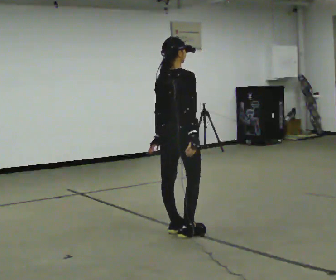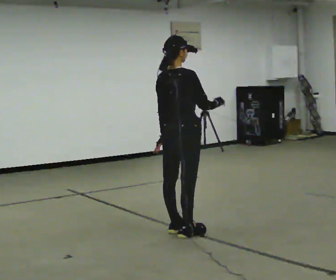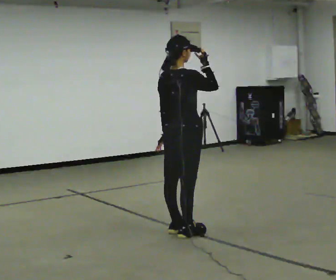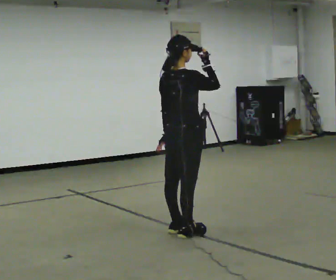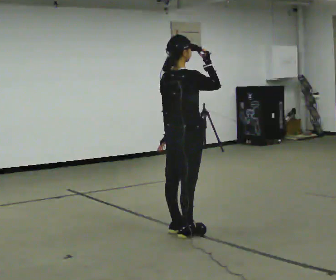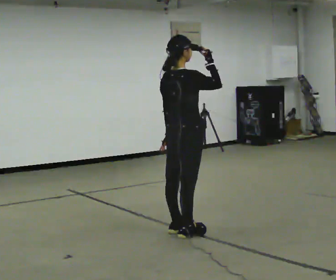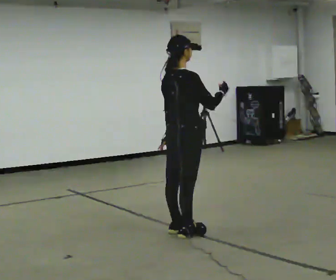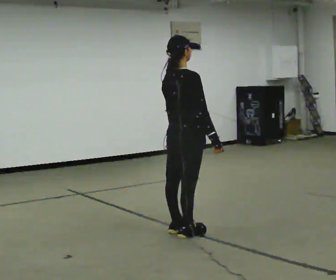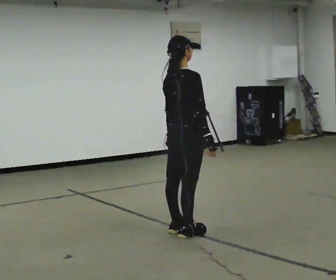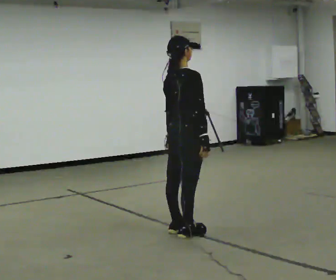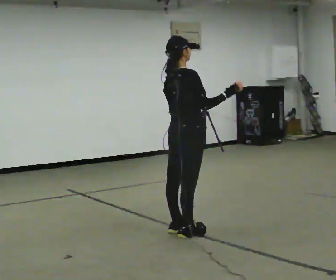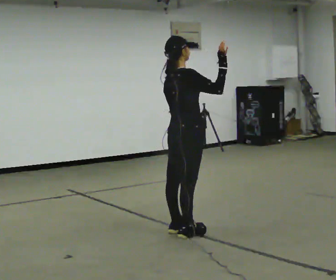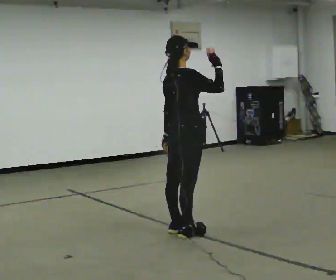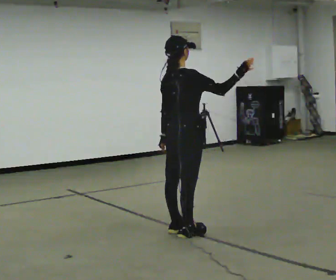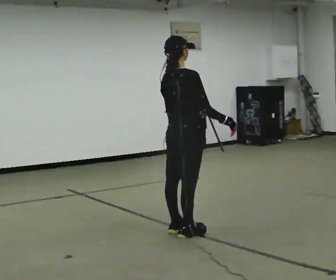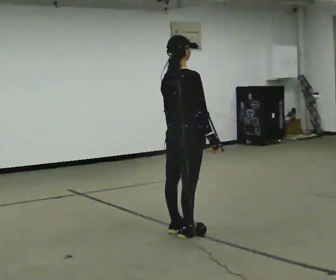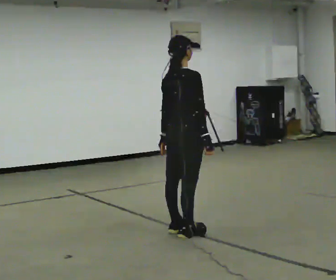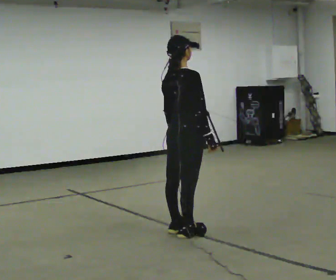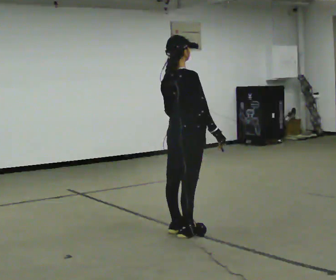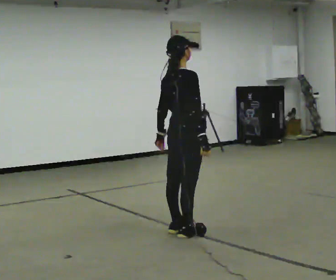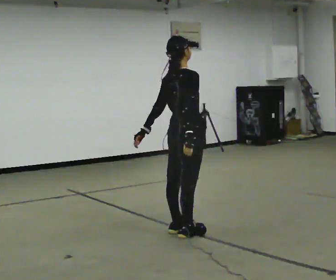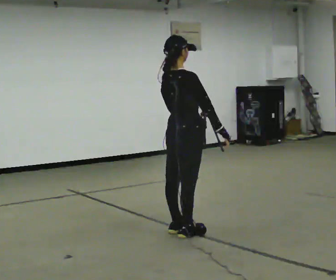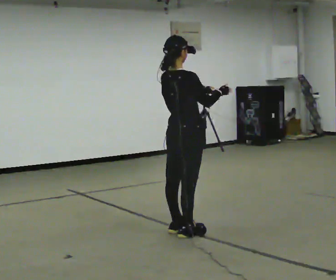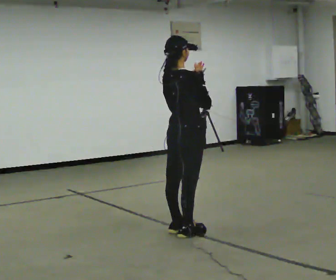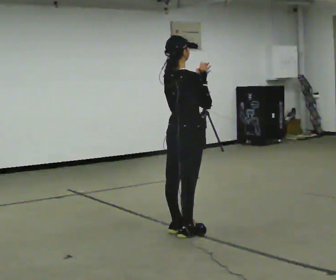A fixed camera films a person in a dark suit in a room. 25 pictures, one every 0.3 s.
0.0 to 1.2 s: In the picture their right hand goes upward.
1.2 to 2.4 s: In the picture their right hand goes downward.
2.4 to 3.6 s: In the picture their right hand goes upward, the arm swinging counterclockwise.
3.6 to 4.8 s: In the picture their right hand goes downward.
4.8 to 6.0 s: The person moves a little, or ends about where they began.
6.0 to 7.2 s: In the picture their left hand goes to the right and upward.
The film runs backward here.
